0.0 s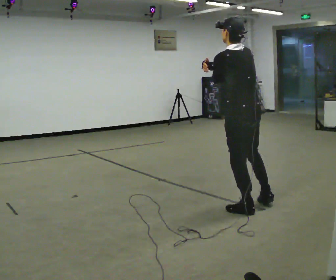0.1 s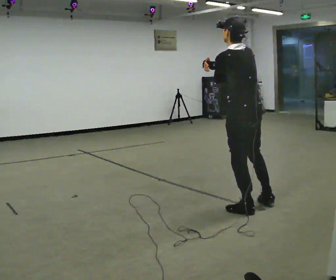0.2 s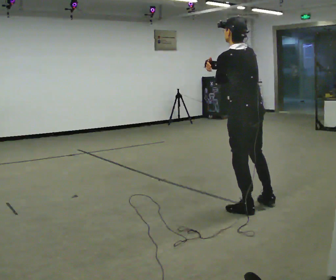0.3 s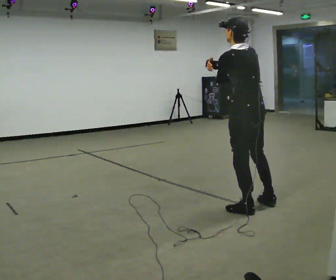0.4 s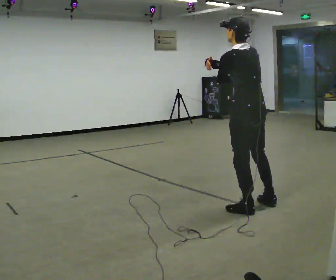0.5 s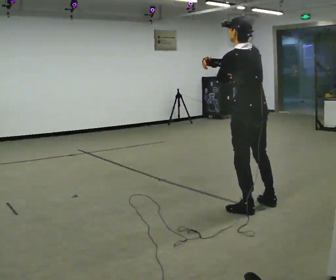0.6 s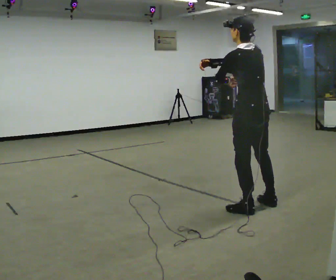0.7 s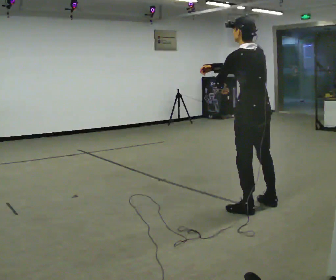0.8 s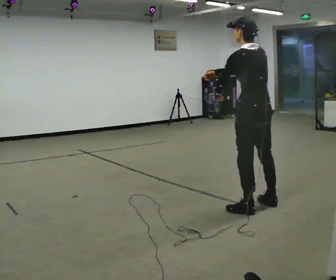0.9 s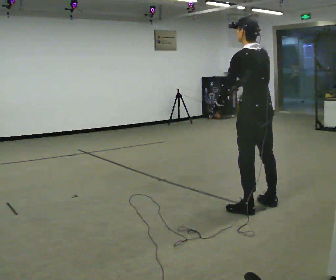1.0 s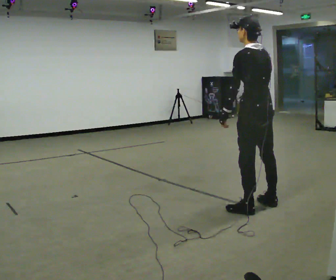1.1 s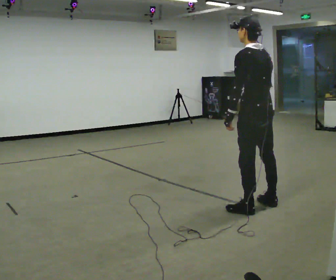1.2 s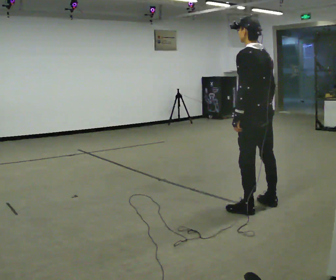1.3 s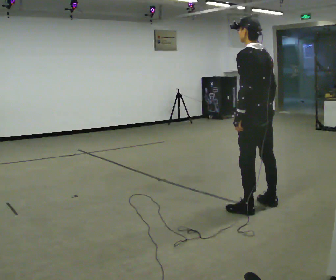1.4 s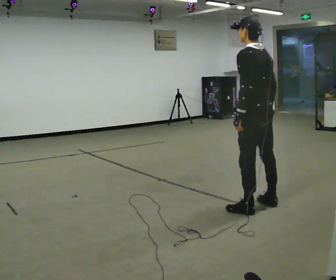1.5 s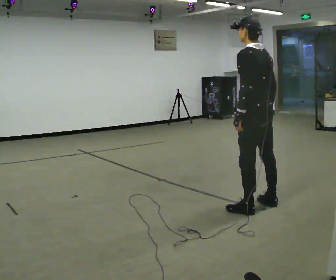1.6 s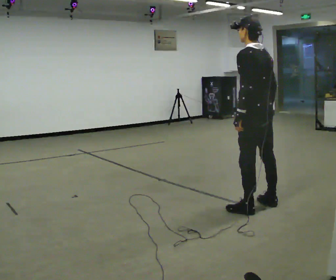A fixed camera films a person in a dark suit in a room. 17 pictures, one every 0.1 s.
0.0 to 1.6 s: In the picture their right hand goes to the right and downward, the arm swinging counterclockwise.
The film runs backward here.
